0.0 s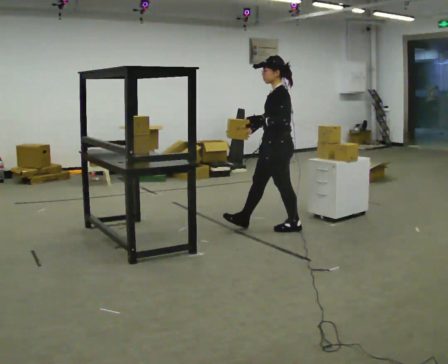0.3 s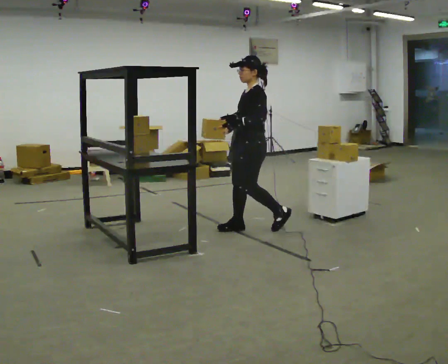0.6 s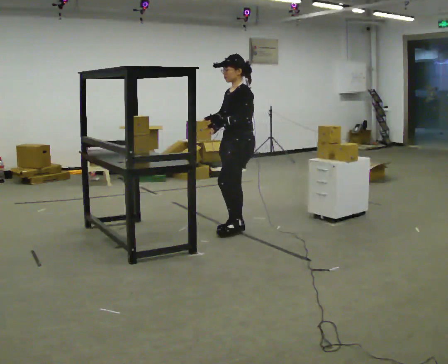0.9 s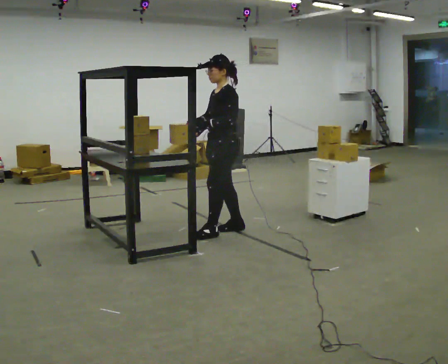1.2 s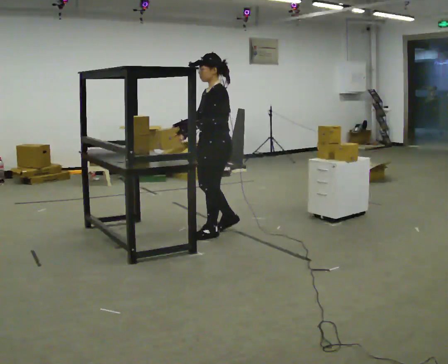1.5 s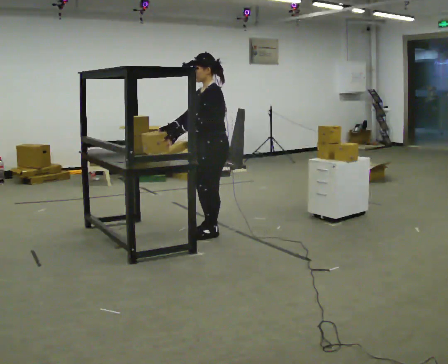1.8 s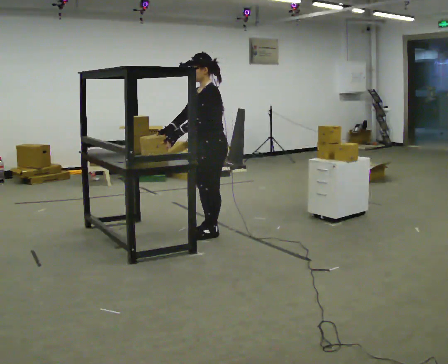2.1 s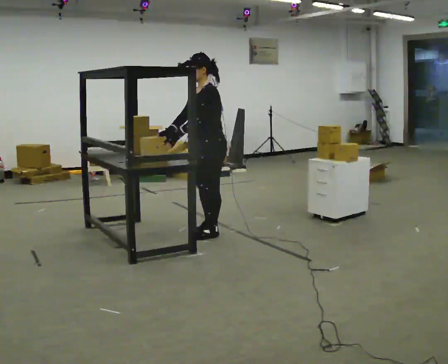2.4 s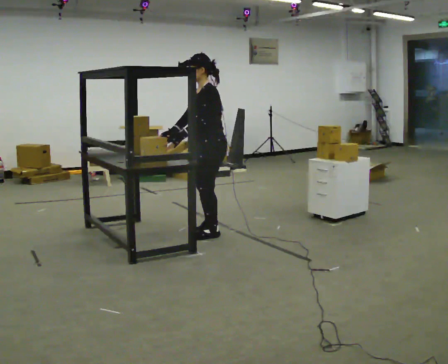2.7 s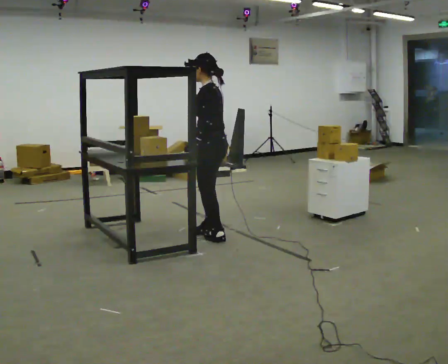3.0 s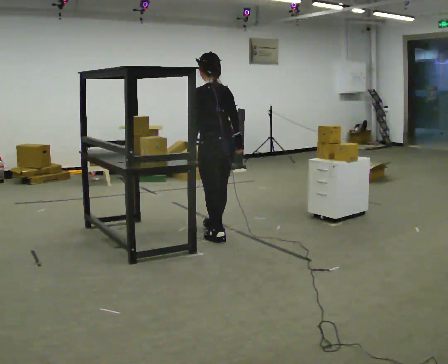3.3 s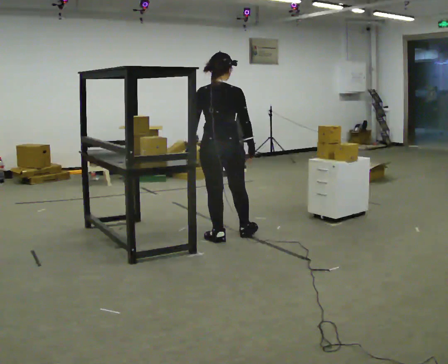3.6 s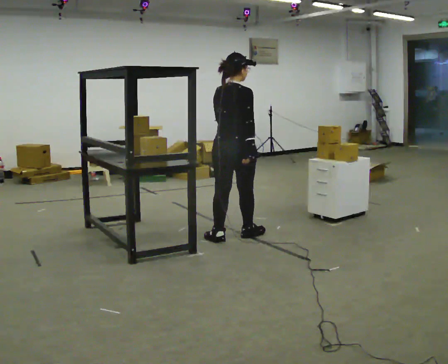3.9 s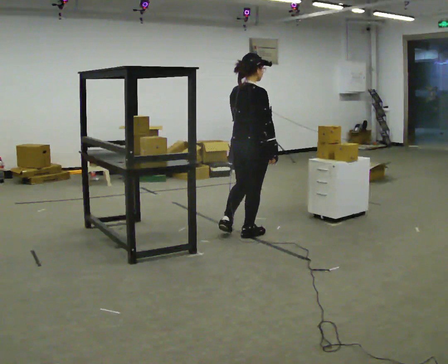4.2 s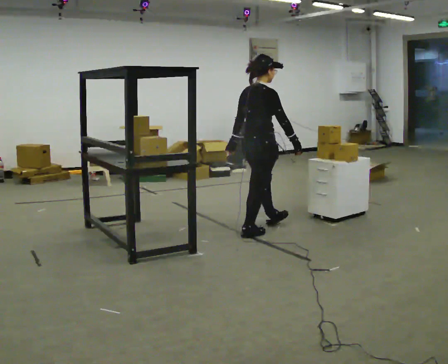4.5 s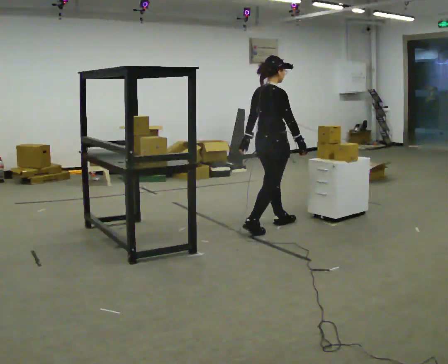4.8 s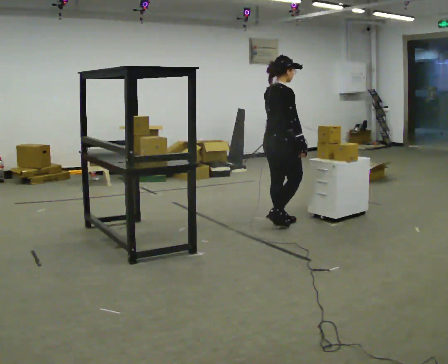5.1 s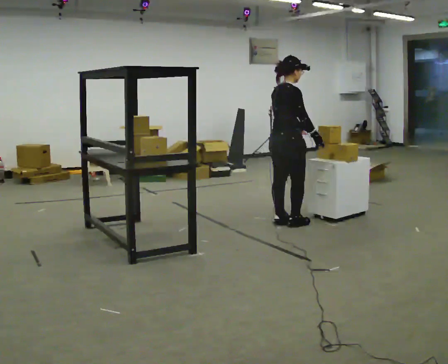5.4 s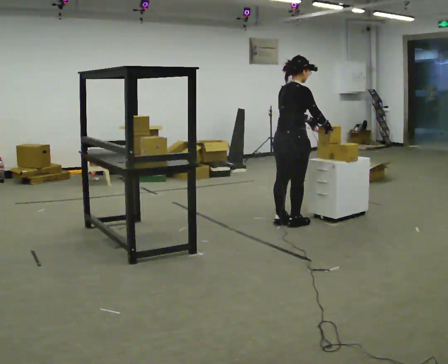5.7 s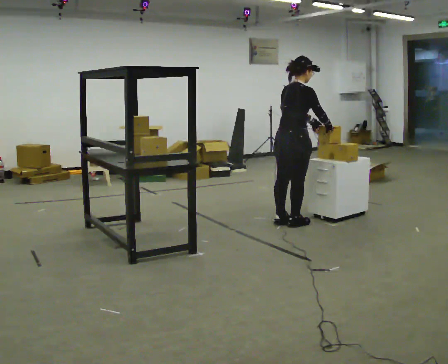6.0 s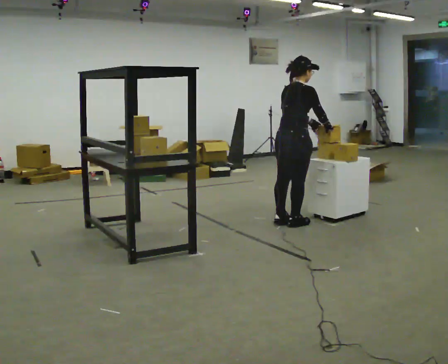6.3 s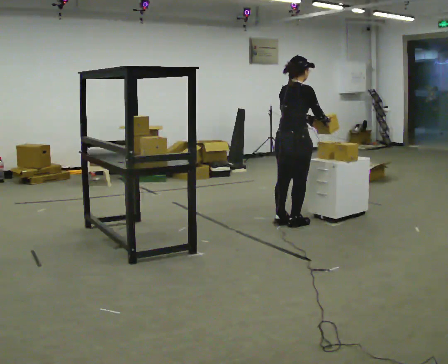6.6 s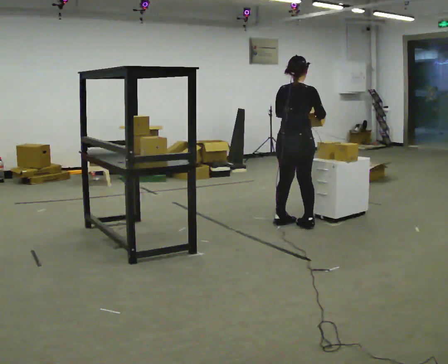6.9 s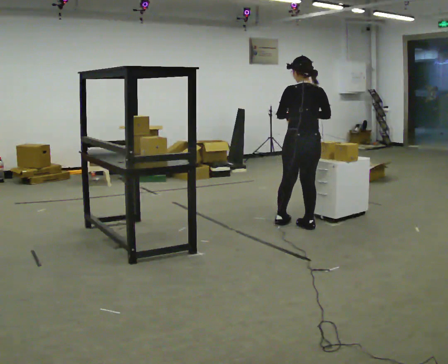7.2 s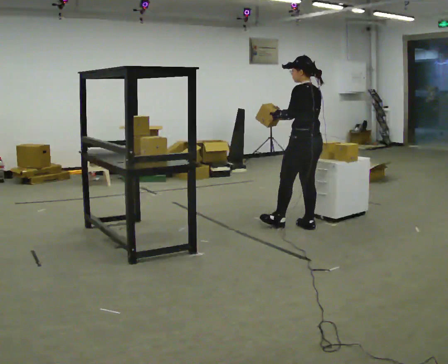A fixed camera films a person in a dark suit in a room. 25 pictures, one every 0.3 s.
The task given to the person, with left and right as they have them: Move objects one at a time from the waist-height shelf at one end of the room to the waist-height shelf at the other end. Keep going until the operator says stop; one object at a time, and do not rush between trips.
0.0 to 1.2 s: In the picture they go to the left, about 0.5 m in 2 steps, which for them is forward.
1.2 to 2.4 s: The person moves a little, or ends about where they began.
2.4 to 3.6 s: The person turns about 135 degrees to their right, clockwise seen from above, so the part of the body nearest the lens slides to the left. In the picture they go to the right and toward the camera, about 0.25 m in 2 steps. In the picture their left hand goes to the right.
3.6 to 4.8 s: The person turns about 30 degrees to their right, clockwise seen from above, so the part of the body nearest the lens slides to the left. In the picture they go away from the camera and to the right, about 0.5 m in 1 step, which for them is forward.
4.8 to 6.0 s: The person moves a little, or ends about where they began.
6.0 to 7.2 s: Seen from above the body turns counterclockwise, about 90 degrees: to their left, with its near side sliding to the right. In the picture they go to the right, about 0.25 m in 1 step. In the picture their left hand goes to the left.
The film runs forward here.
